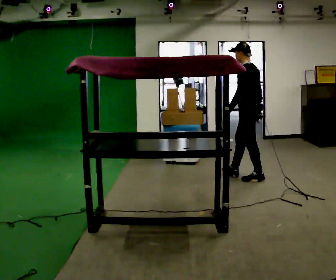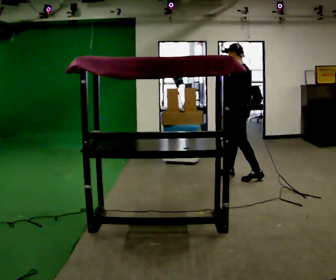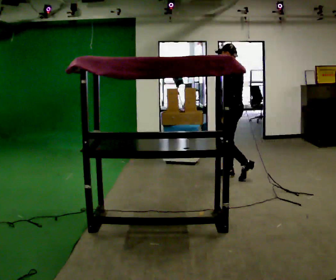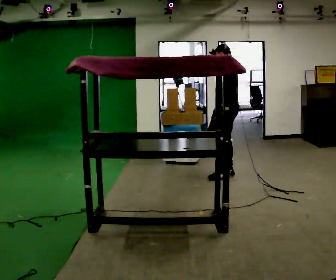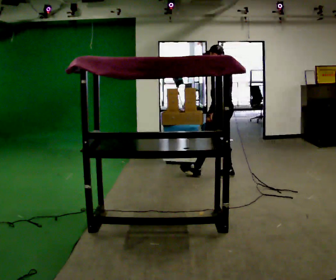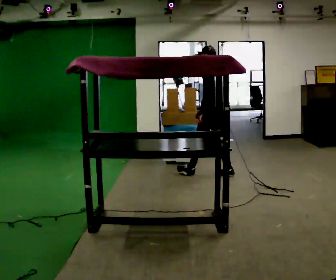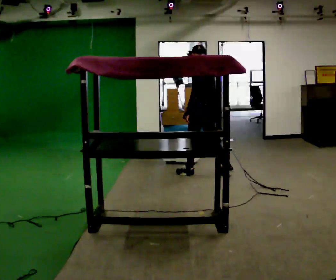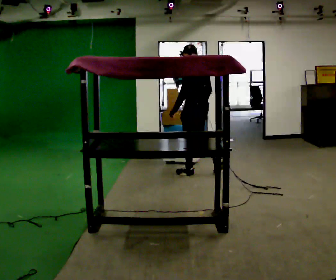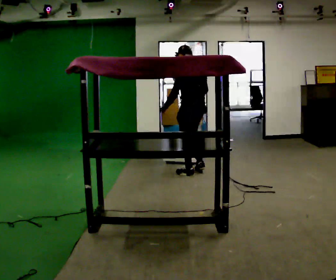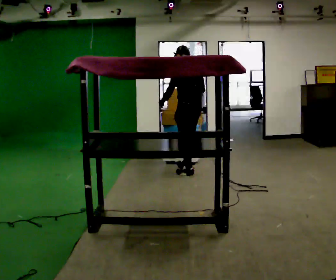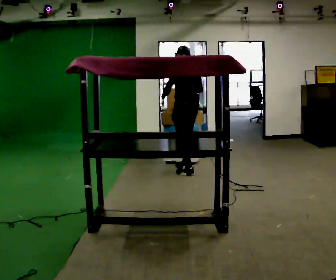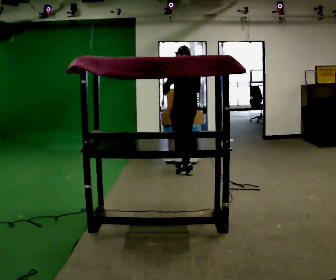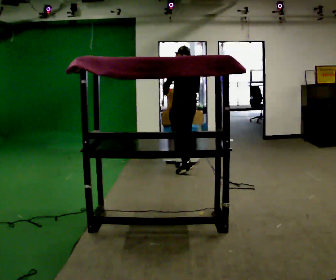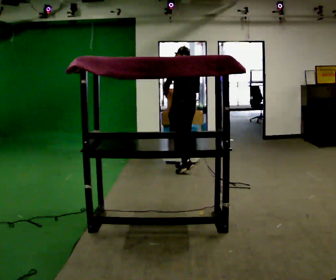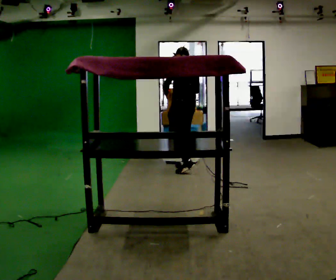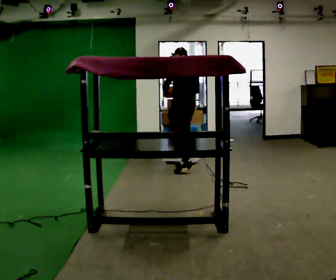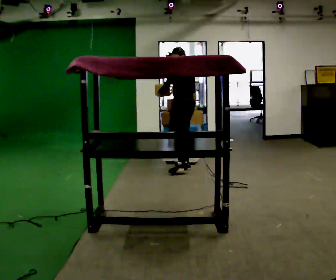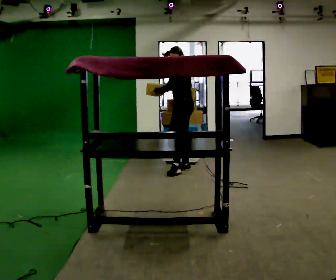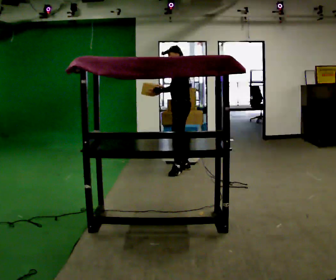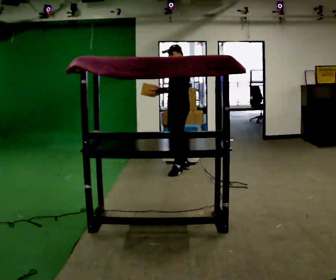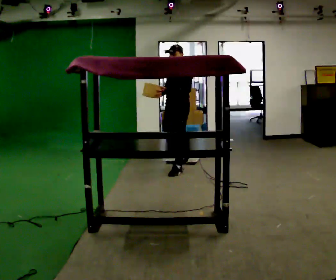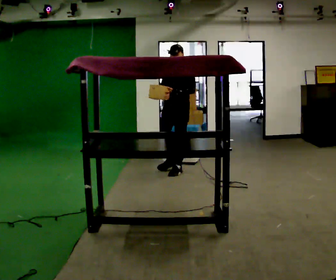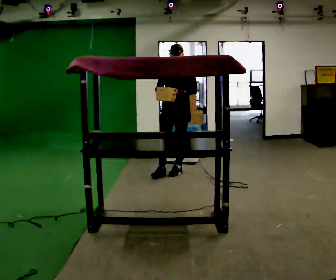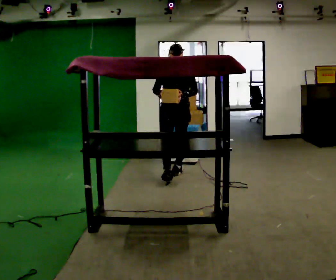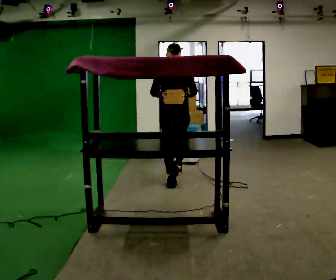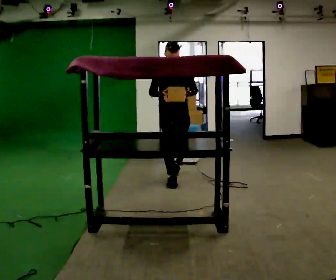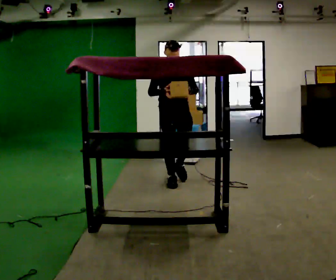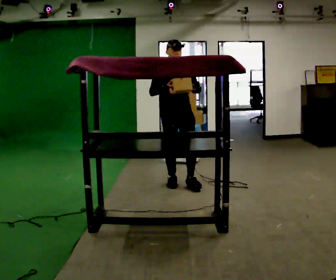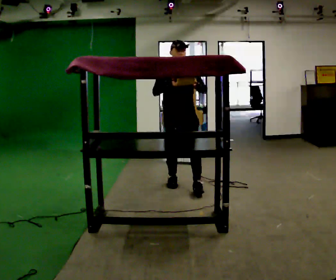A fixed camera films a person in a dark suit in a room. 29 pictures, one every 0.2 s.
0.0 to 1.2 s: In the picture they go to the left and away from the camera, about 0.75 m in 2 steps, which for them is forward.
1.2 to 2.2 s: In the picture they go away from the camera and to the left, about 0.25 m in 1 step, which for them is forward.
2.2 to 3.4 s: The part of the body nearest the lens slides to the right as the person turns to their left by about 45 degrees.
3.4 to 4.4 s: The part of the body nearest the lens slides to the right as the person turns to their left by about 90 degrees. In the picture they go toward the camera, about 0.25 m in 1 step.
4.4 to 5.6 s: In the picture they go toward the camera, about 0.5 m in 2 steps, which for them is forward.
The film runs forward here.
